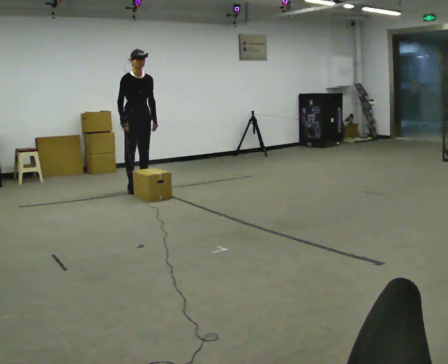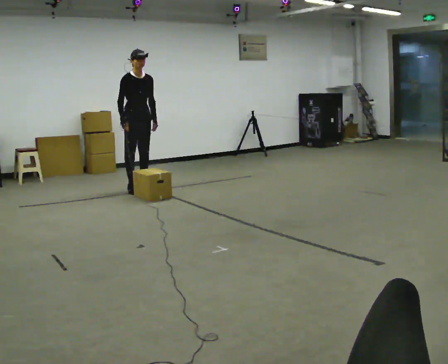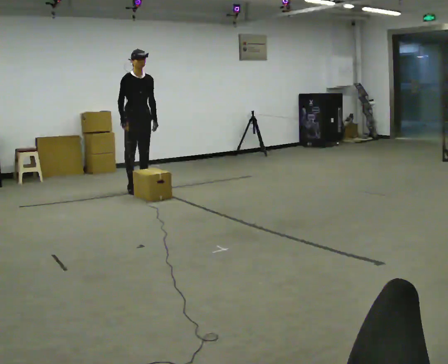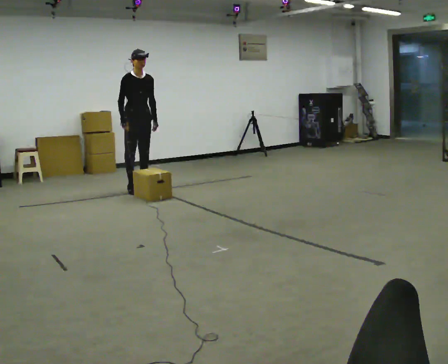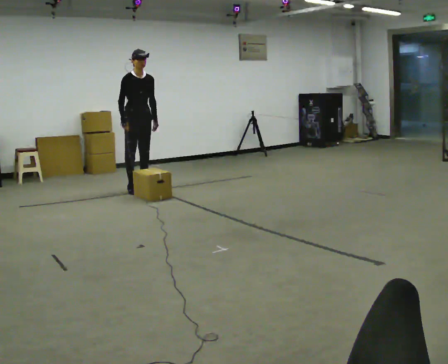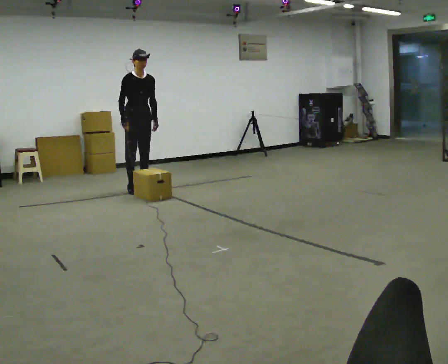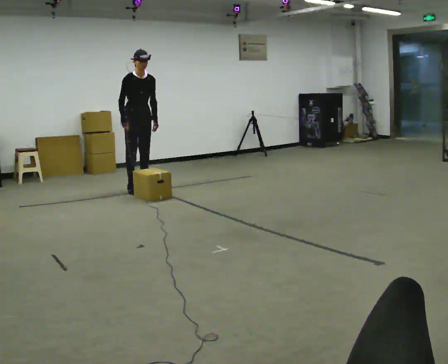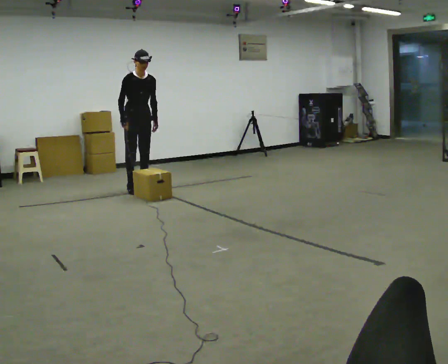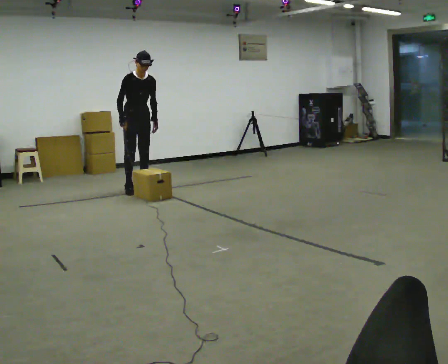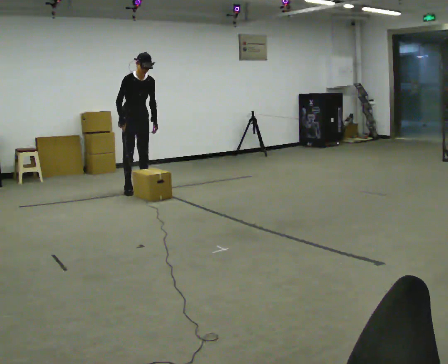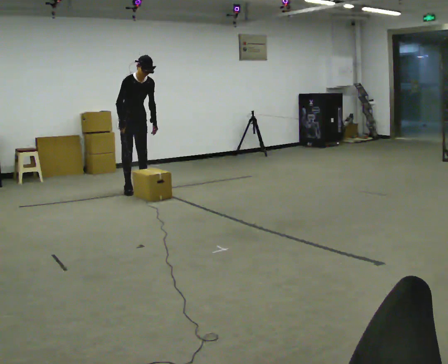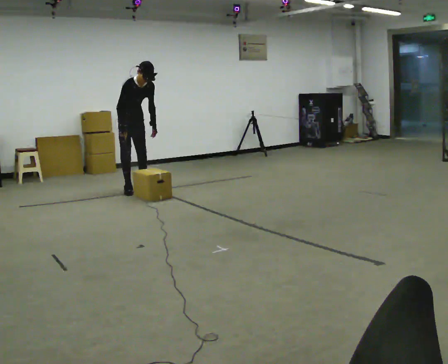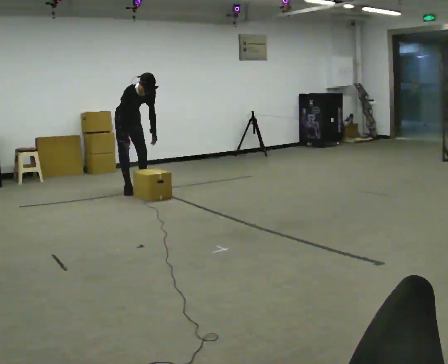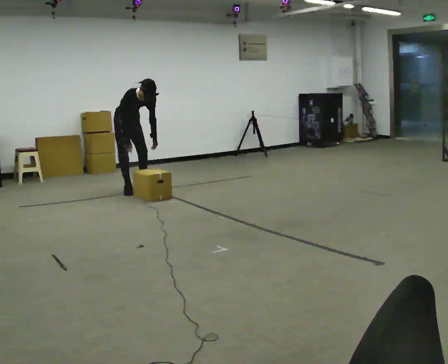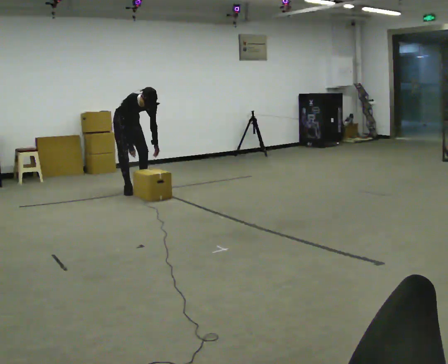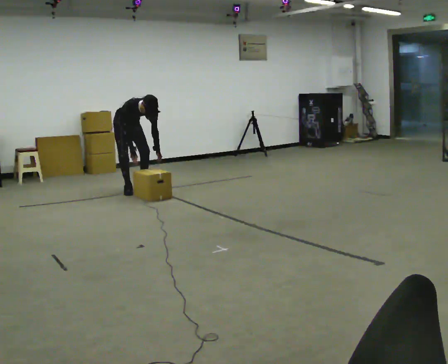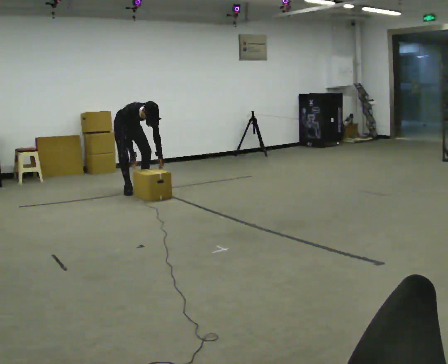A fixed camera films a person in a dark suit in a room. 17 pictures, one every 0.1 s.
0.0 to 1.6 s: The upper body goes downward. The upper body tips toward the camera, its near side rolling downward, as they bend forward. In the picture their right hand goes downward.
The film runs forward here.
